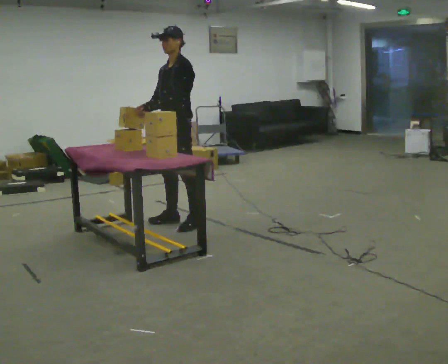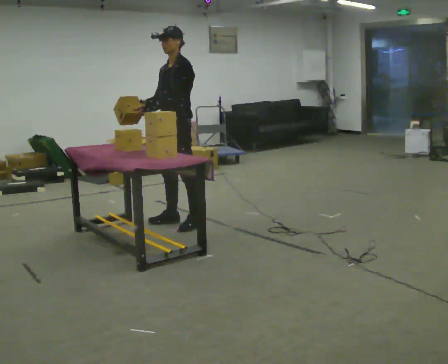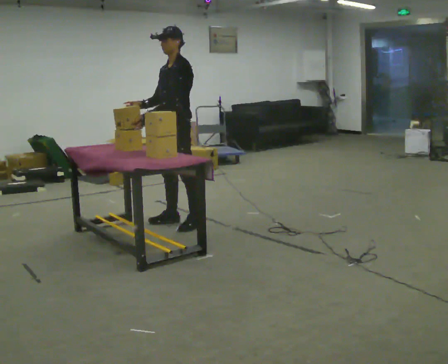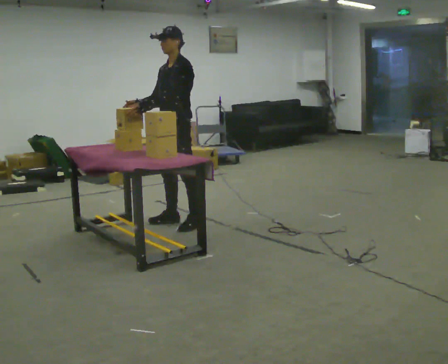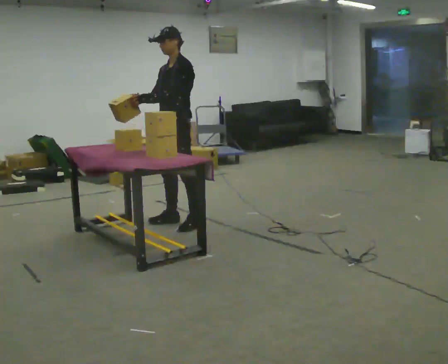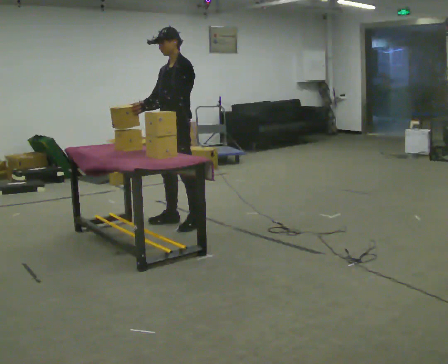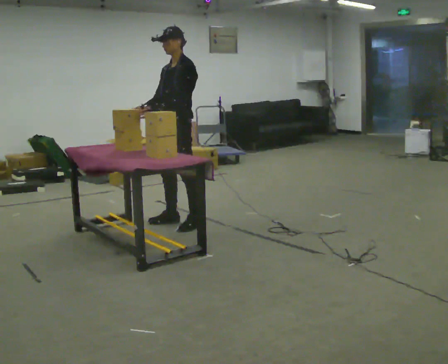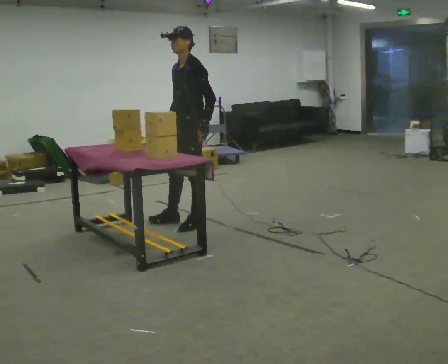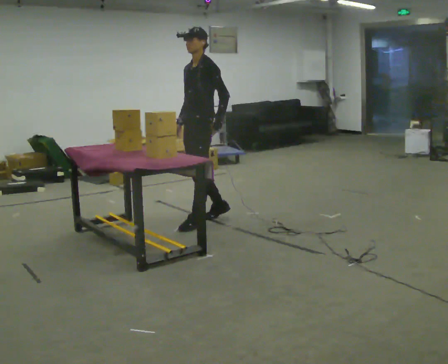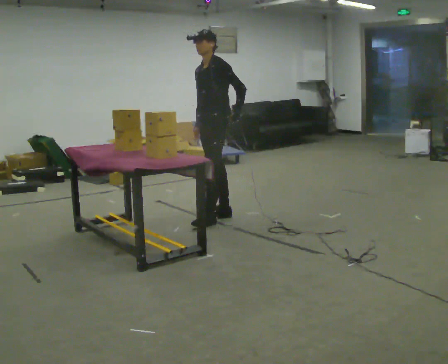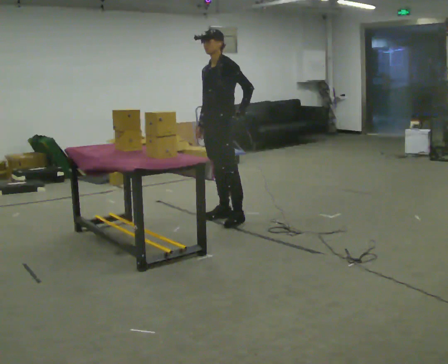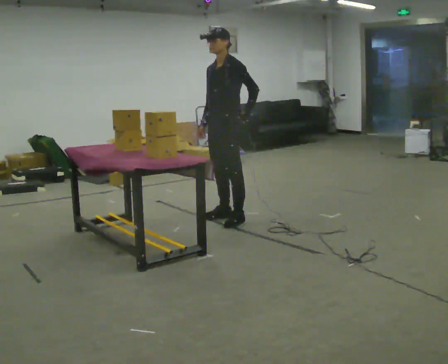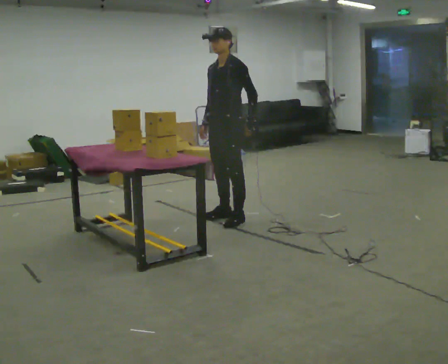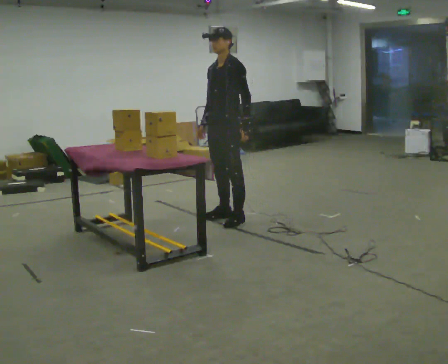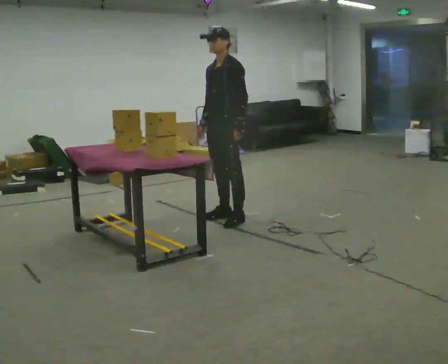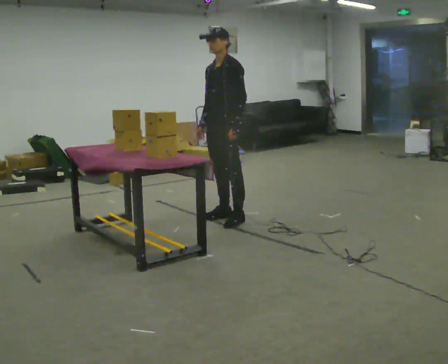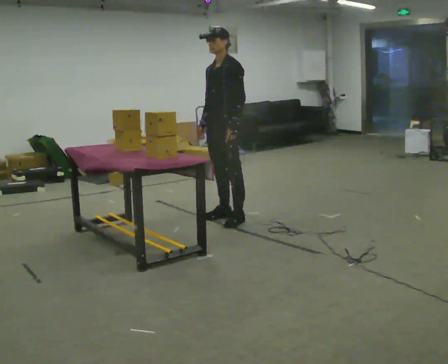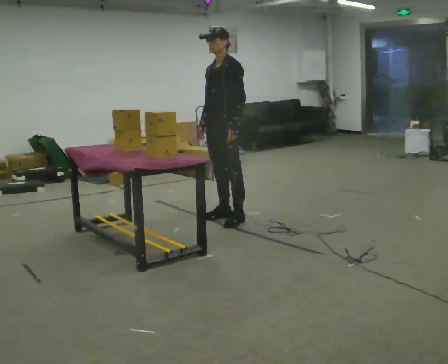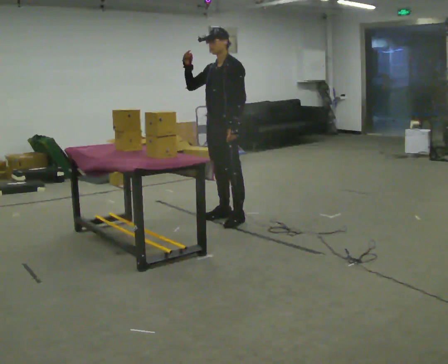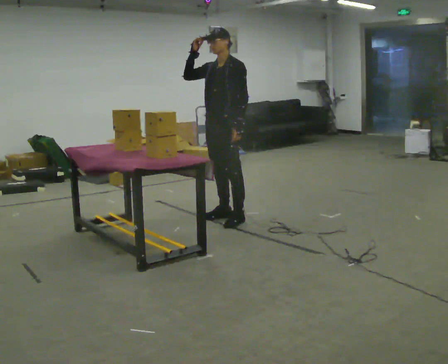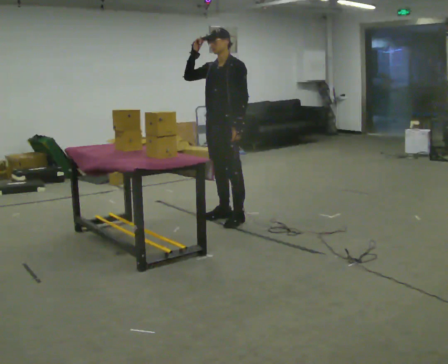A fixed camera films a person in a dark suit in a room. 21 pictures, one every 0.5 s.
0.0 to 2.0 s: The person moves a little, or ends about where they began.
2.0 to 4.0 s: In the picture they go to the right, about 0.25 m in 1 step, which for them is backward. In the picture their left hand goes to the right, the arm swinging counterclockwise.
4.0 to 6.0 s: In the picture they go to the right, about 0.25 m in 1 step, which for them is backward.
6.0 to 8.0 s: The person moves a little, or ends about where they began.
8.0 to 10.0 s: In the picture their right hand goes upward.
The film runs forward here.
